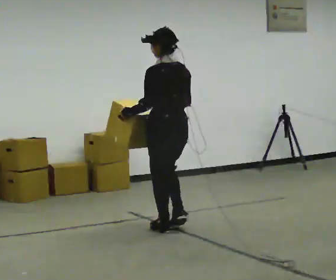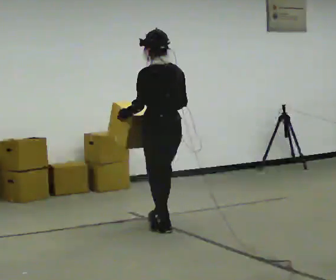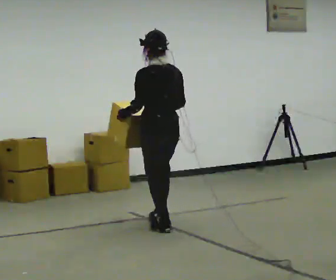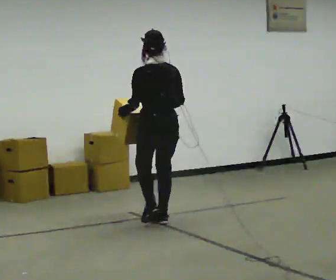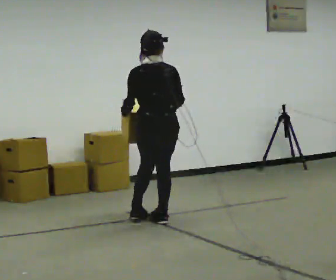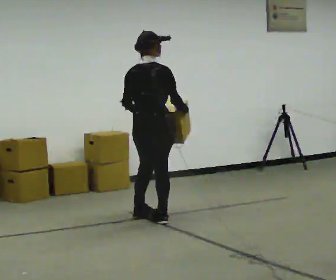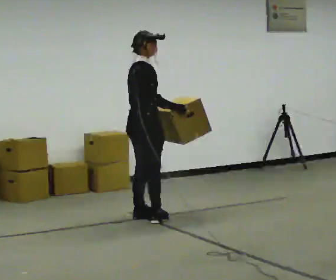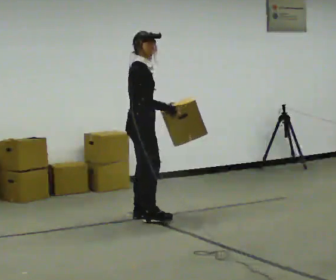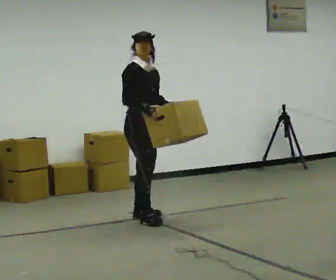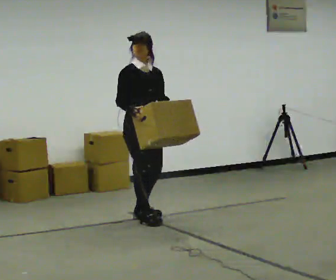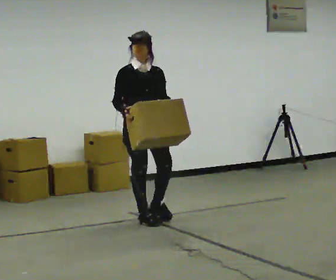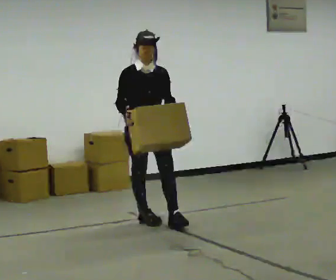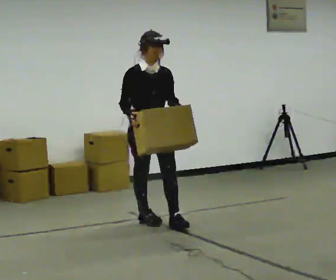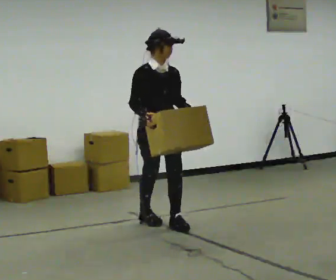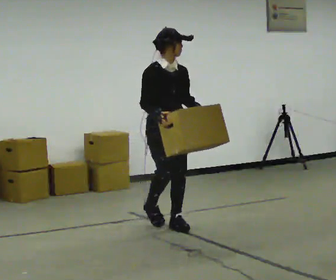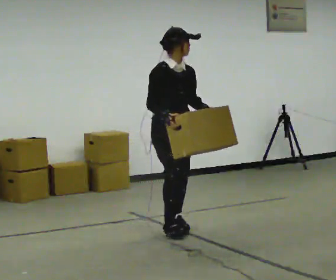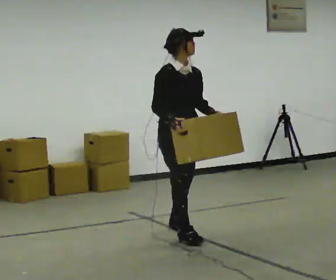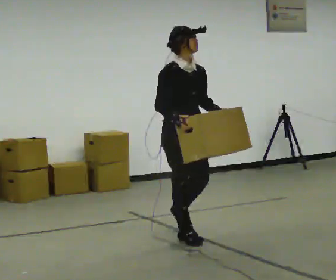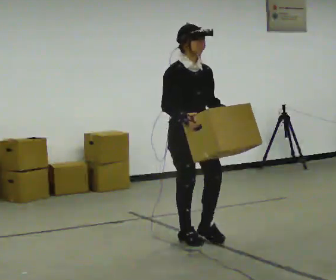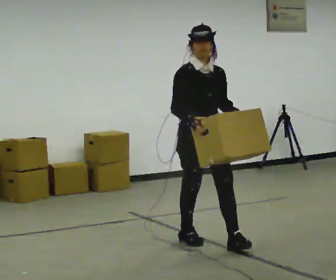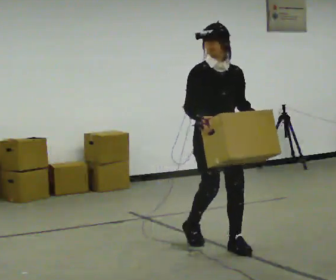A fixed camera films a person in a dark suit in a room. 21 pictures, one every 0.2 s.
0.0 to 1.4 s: The part of the body nearest the lens slides to the left as the person turns to their right by about 120 degrees. In the picture they go away from the camera and to the left, about 0.5 m in 2 steps.
1.4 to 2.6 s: Seen from above the body turns clockwise, about 60 degrees: to their right, with its near side sliding to the left. In the picture they go toward the camera and to the right, about 0.25 m in 1 step.
2.6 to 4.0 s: In the picture they go toward the camera and to the right, about 1 m in 2 steps, which for them is forward.
The film runs forward here.
